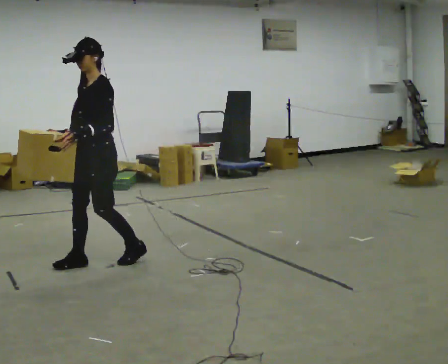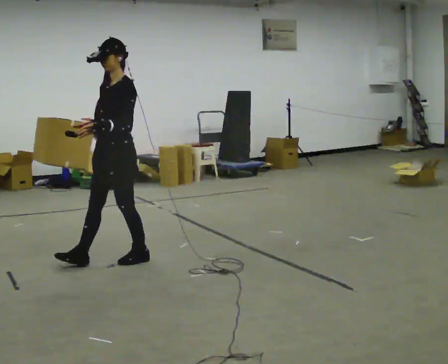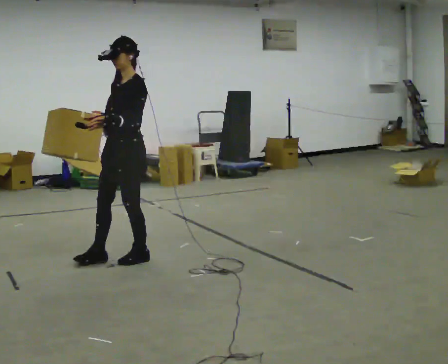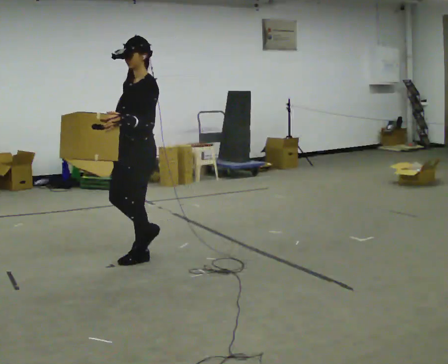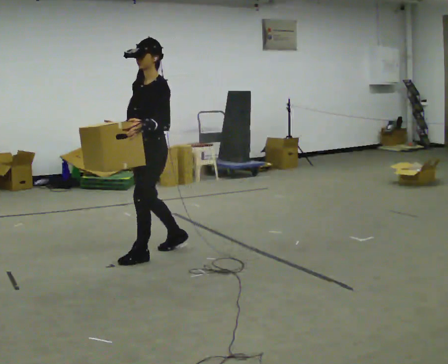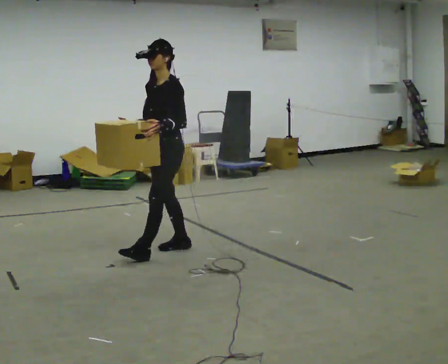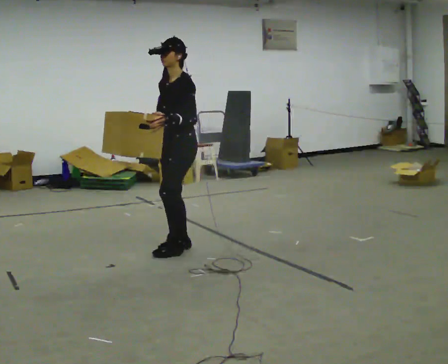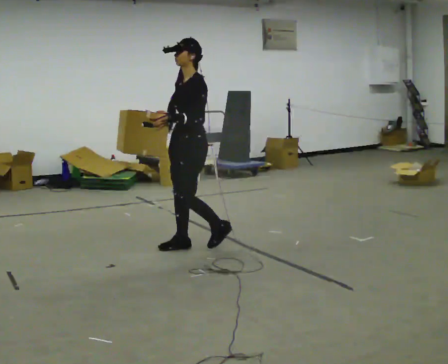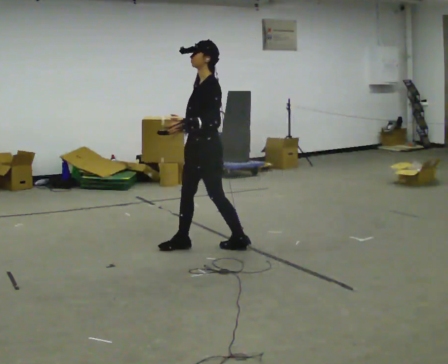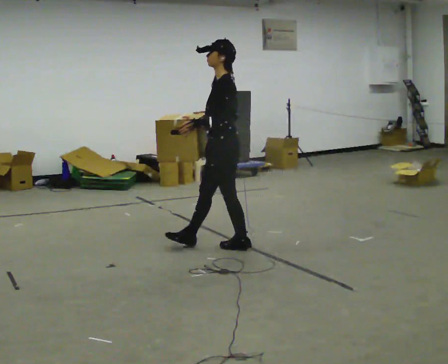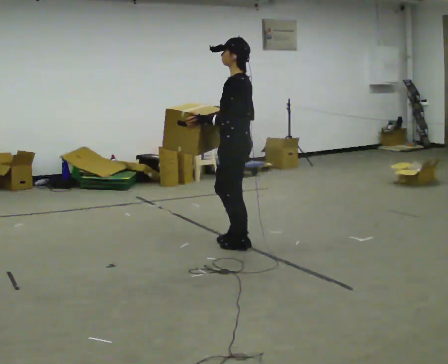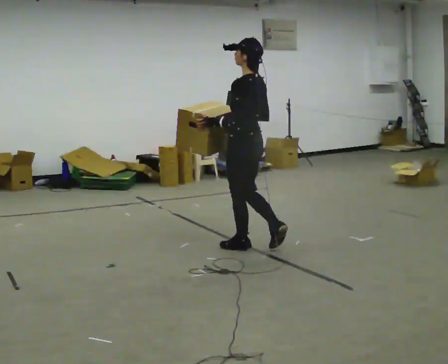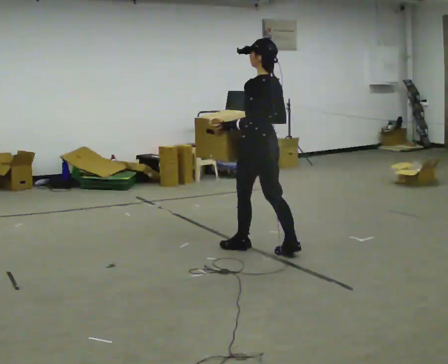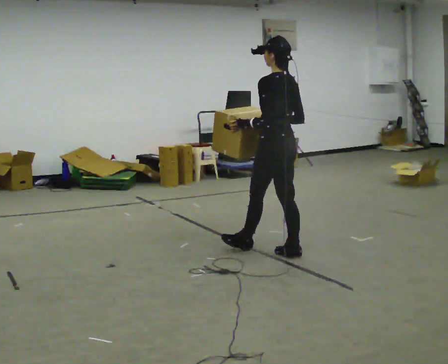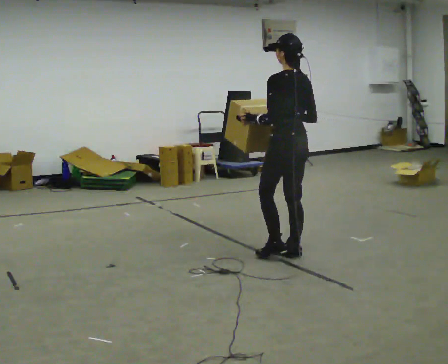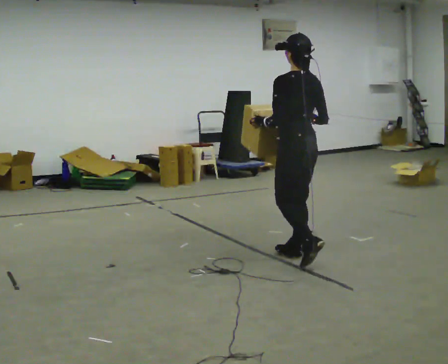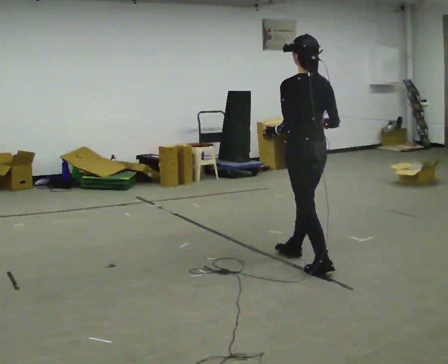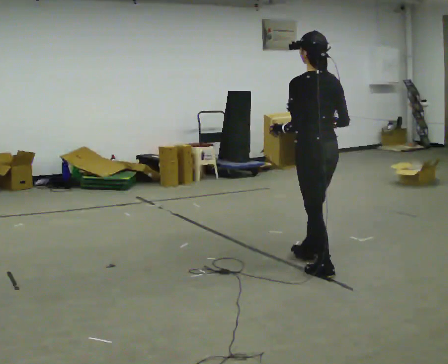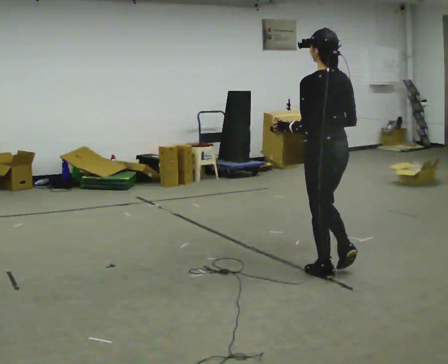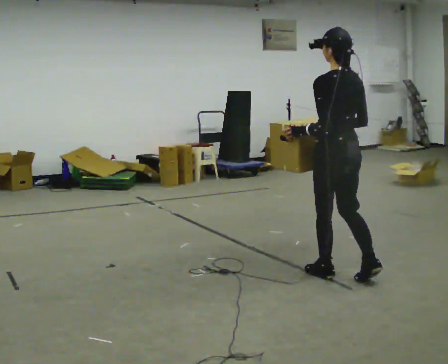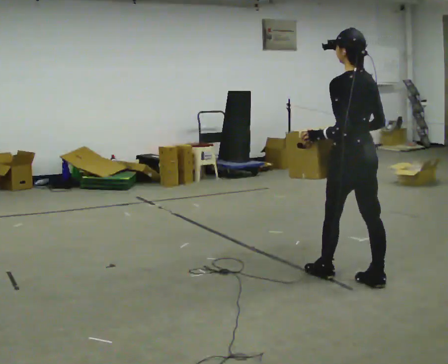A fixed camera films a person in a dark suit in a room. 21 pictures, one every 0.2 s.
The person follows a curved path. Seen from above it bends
clockwise.
The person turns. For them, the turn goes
to their right.
0.0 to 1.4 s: In the picture they go to the right and away from the camera, about 1 m in 2 steps, which for them is backward.
1.4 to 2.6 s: The part of the body nearest the lens slides to the left as the person turns to their right by about 75 degrees. In the picture they go to the right, about 0.5 m in 1 step.
2.6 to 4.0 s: In the picture they go toward the camera and to the right, about 1 m in 2 steps, which for them is backward.
The film runs backward here.
